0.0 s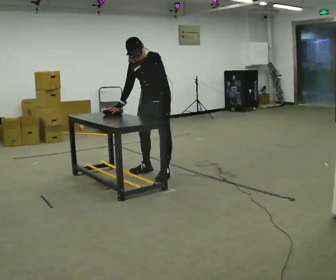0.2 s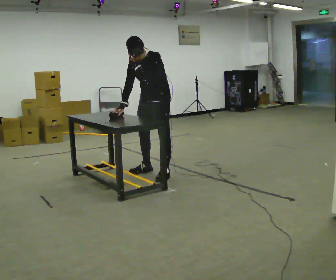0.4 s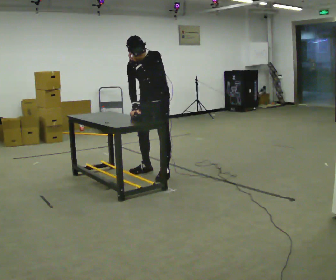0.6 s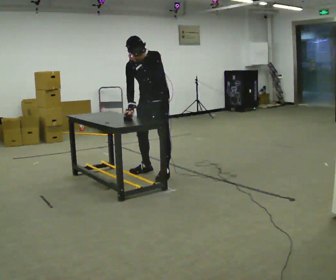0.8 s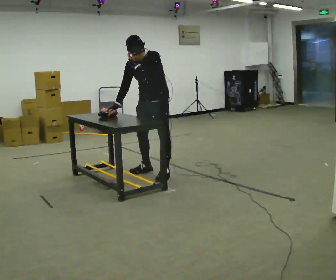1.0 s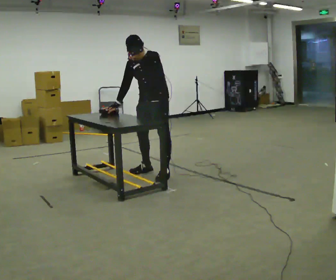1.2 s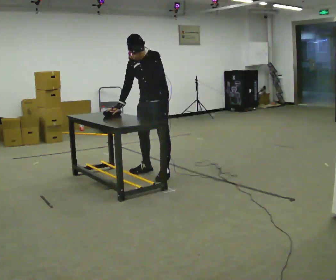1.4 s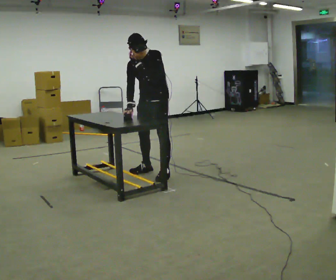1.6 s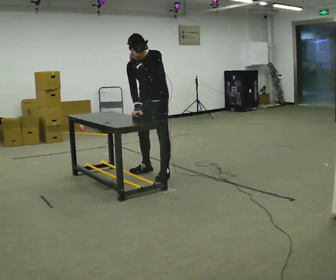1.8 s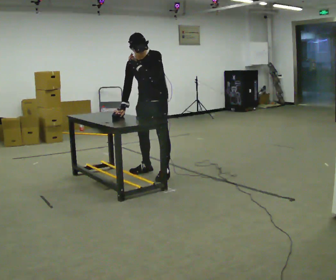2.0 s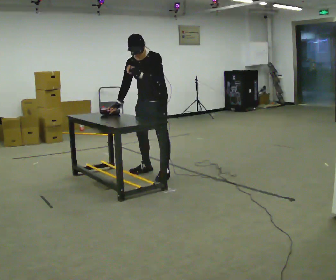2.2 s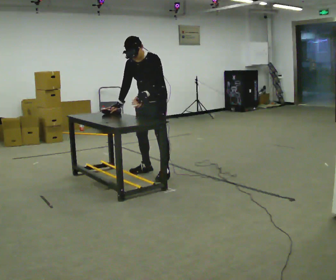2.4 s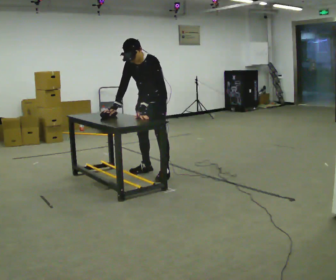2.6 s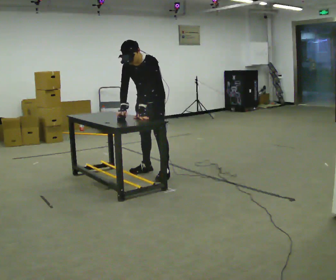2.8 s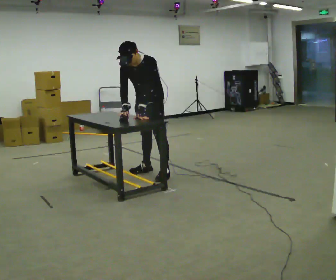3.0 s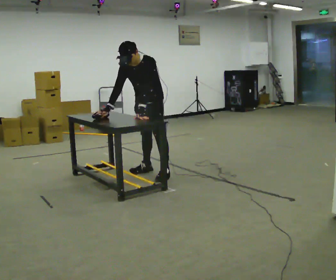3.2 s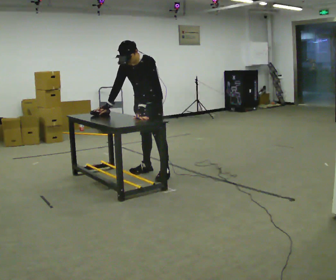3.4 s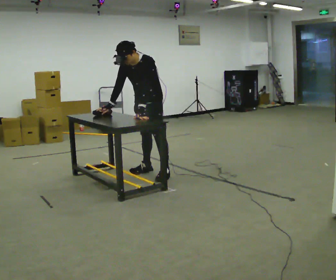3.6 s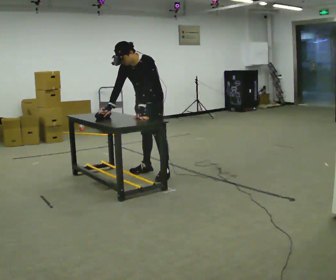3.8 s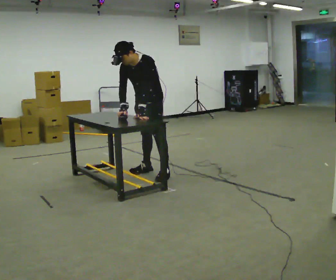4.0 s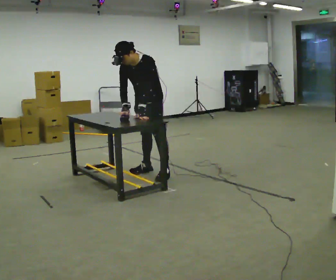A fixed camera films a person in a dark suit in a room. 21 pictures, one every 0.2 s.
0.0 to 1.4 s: The person moves a little, or ends about where they began.
1.4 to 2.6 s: The upper body tips toward the camera, its near side rolling downward, as they bend forward. In the picture their left hand goes downward.
2.6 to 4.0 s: The person moves a little, or ends about where they began.
The film runs backward here.
